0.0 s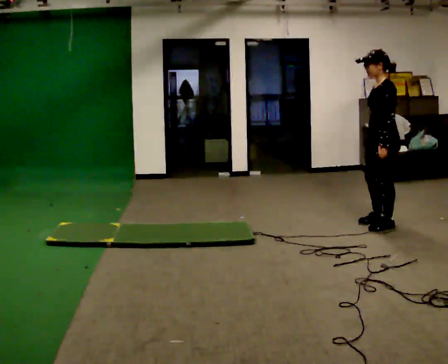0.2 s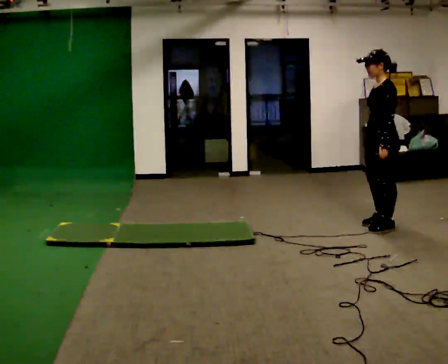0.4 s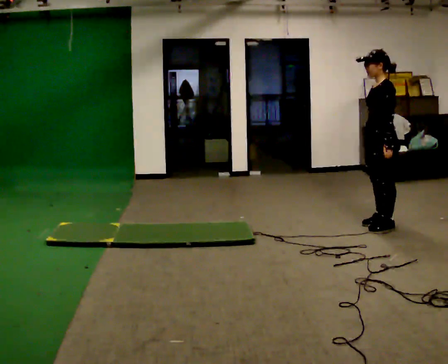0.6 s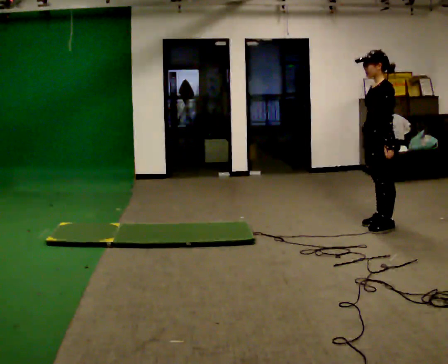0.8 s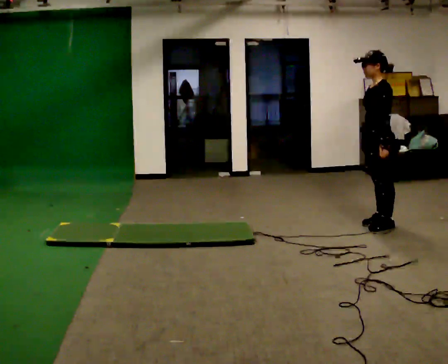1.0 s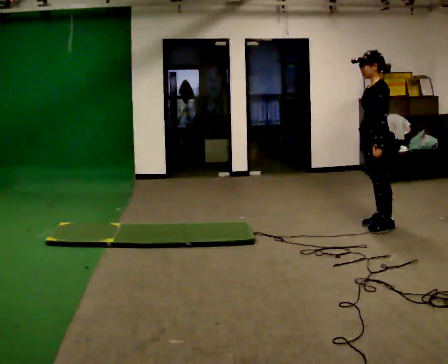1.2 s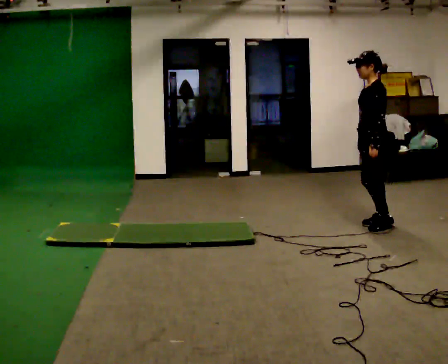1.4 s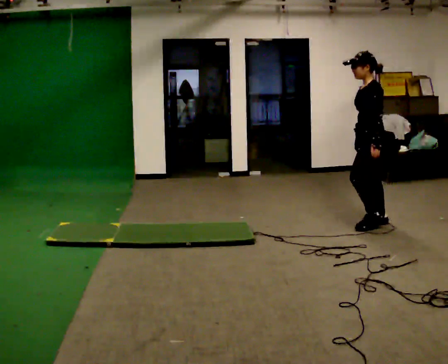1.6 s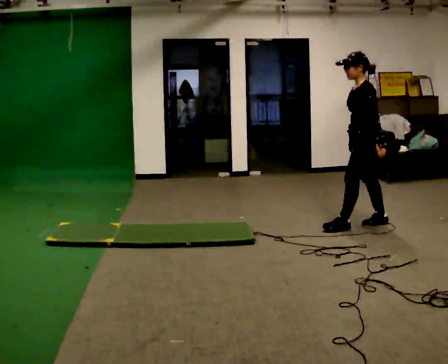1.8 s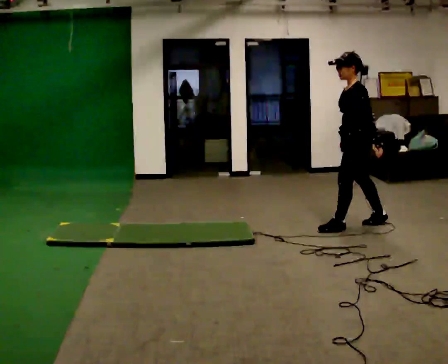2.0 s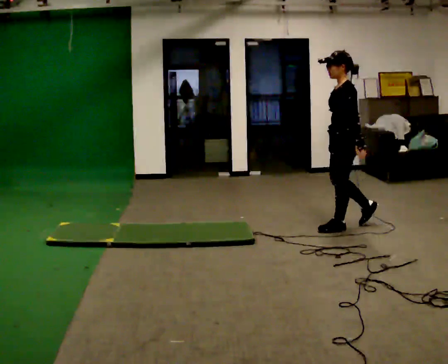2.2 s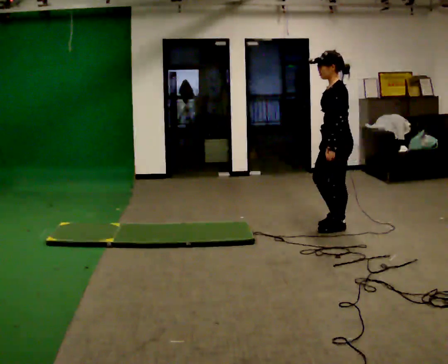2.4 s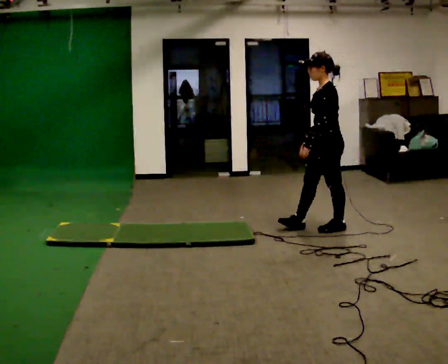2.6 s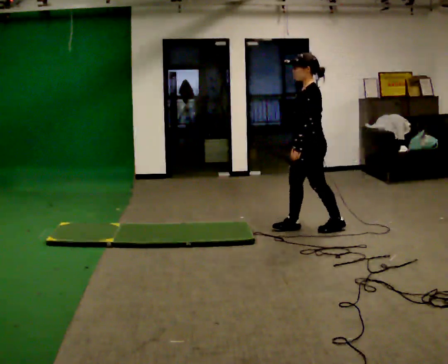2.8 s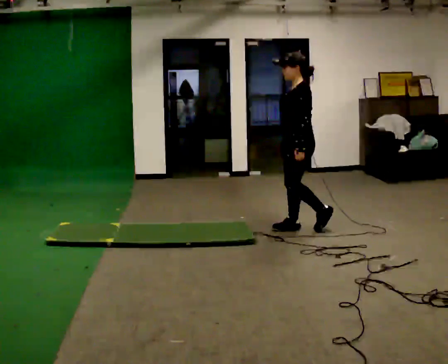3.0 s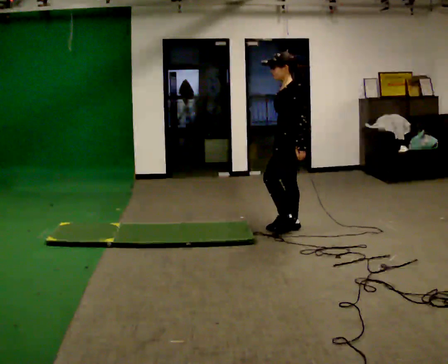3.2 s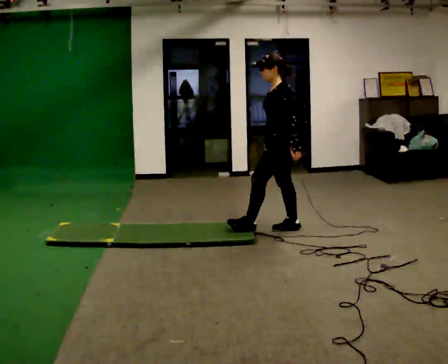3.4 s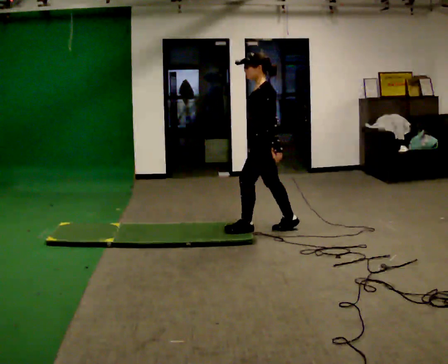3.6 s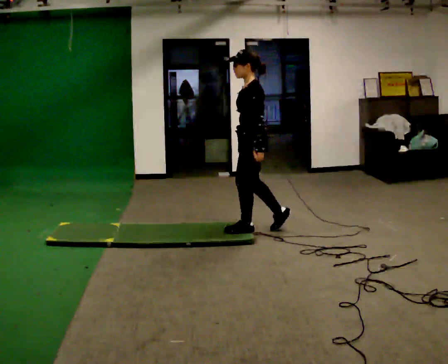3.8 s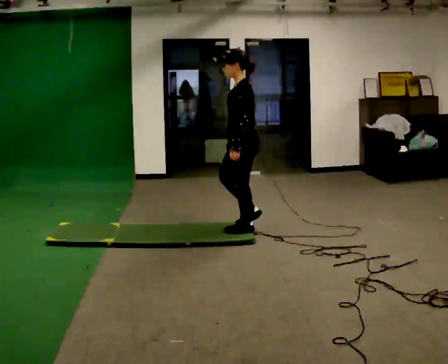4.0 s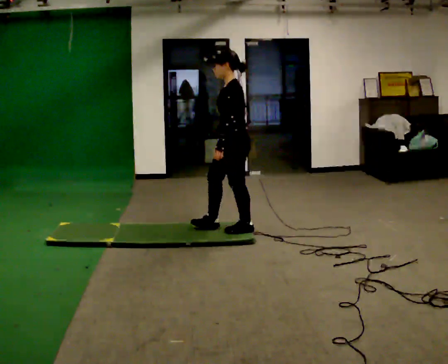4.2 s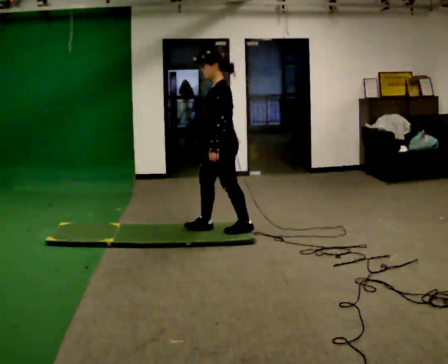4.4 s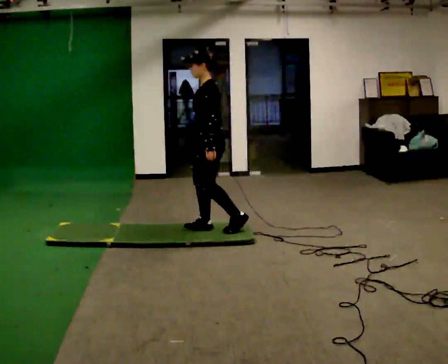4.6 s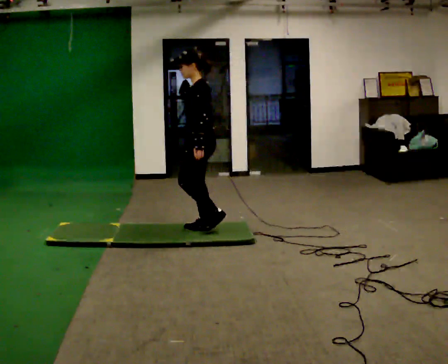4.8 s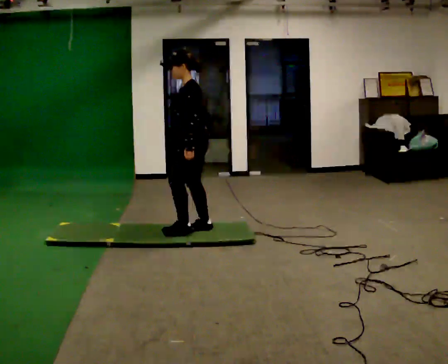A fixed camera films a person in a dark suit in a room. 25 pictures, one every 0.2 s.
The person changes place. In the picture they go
to the left.
0.0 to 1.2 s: The person moves a little, or ends about where they began.
1.2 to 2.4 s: In the picture they go to the left and toward the camera, about 0.5 m in 1 step, which for them is forward.
2.4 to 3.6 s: In the picture they go to the left, about 0.75 m in 2 steps, which for them is forward.
3.6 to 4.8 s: In the picture they go to the left, about 0.5 m in 1 step, which for them is forward.
The film runs forward here.
